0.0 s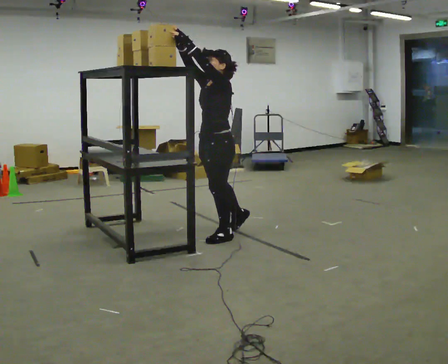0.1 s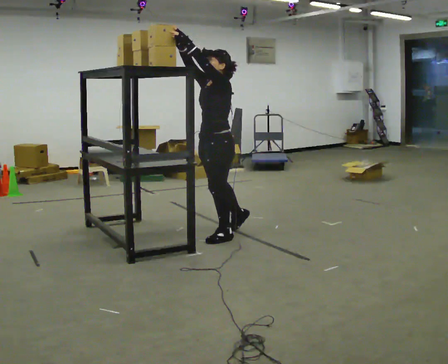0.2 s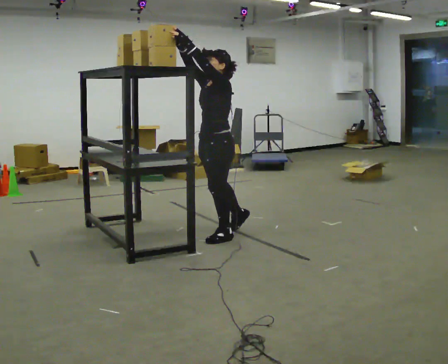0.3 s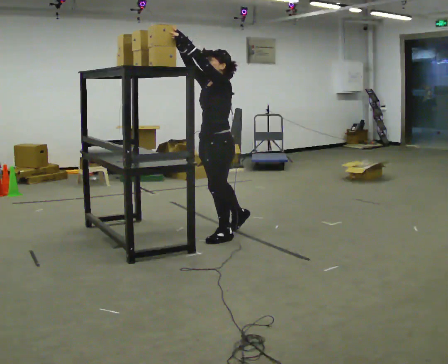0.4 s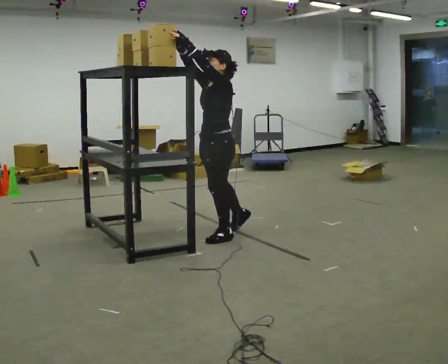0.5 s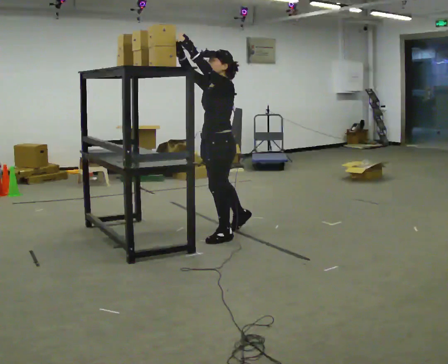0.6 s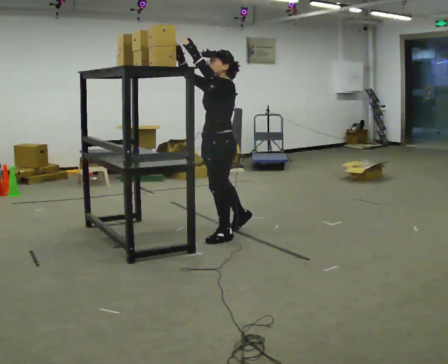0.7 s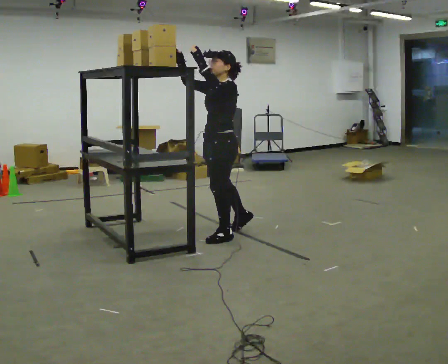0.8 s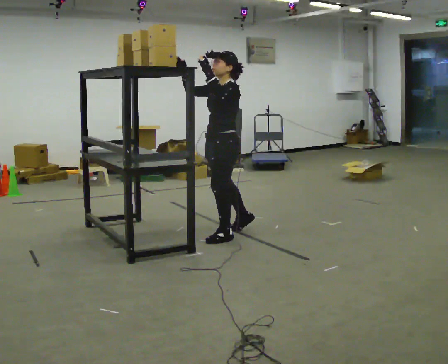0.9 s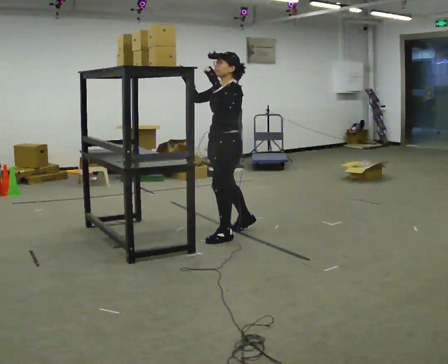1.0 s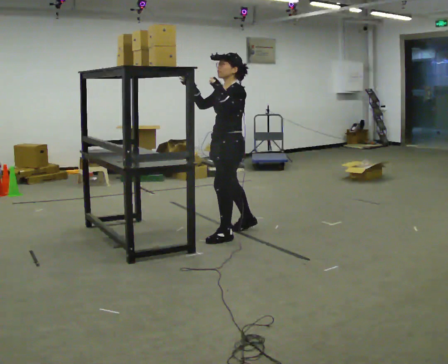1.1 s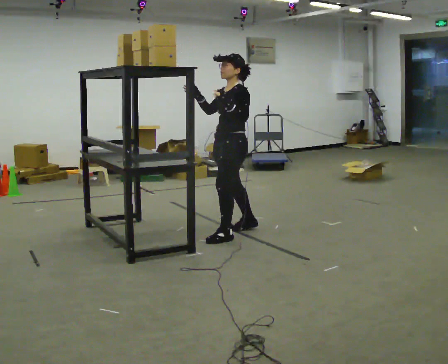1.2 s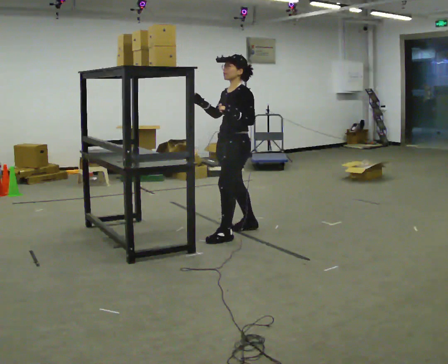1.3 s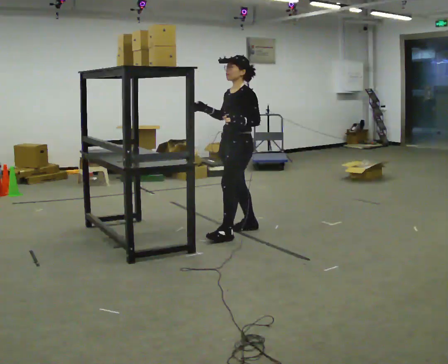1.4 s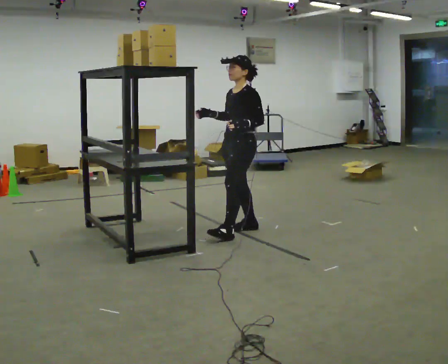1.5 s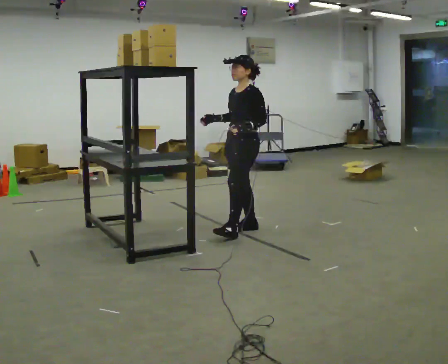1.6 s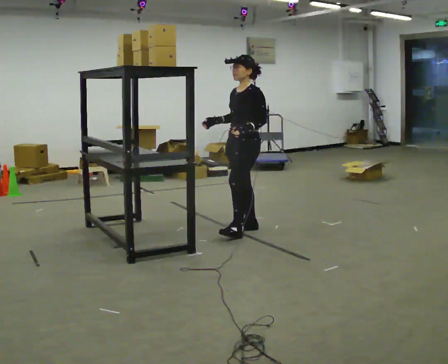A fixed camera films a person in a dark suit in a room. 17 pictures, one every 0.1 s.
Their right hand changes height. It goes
downward.
Their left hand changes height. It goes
downward.
0.0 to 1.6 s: In the picture they go away from the camera and to the right, about 0.5 m, which for them is backward and to their right. In the picture their right hand goes downward, the arm swinging counterclockwise.
The film runs forward here.
